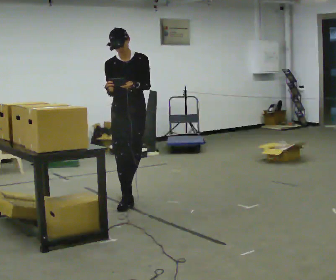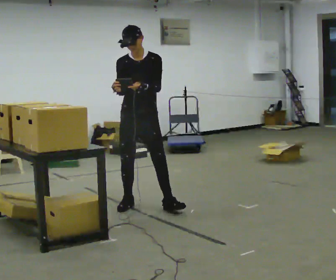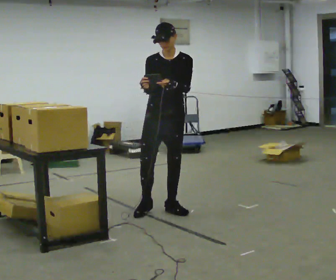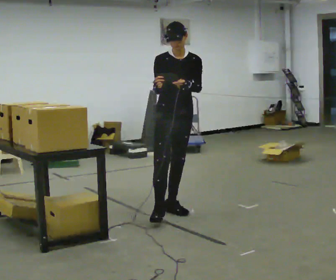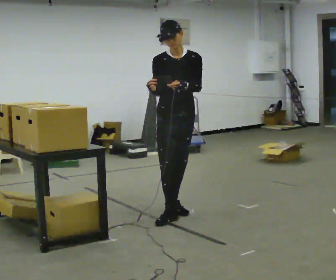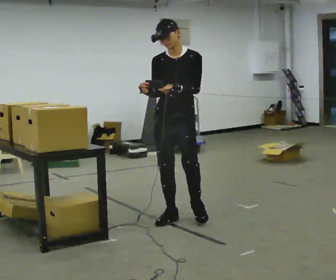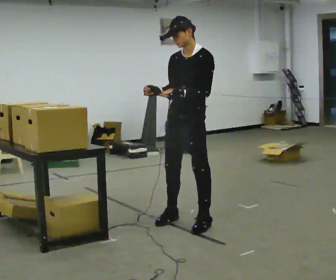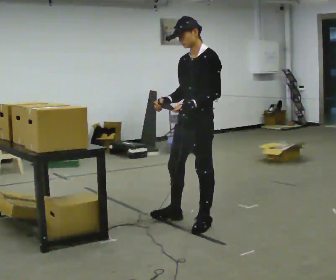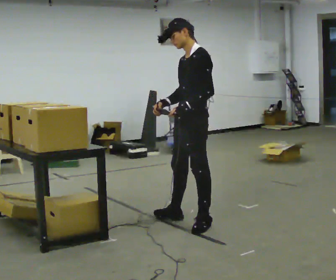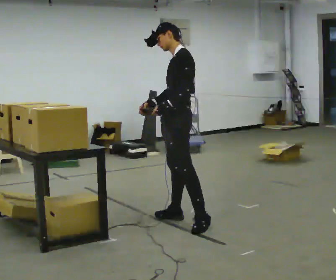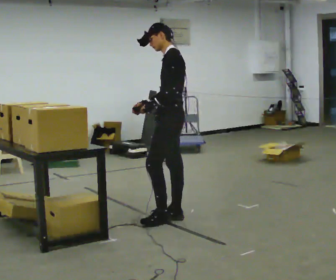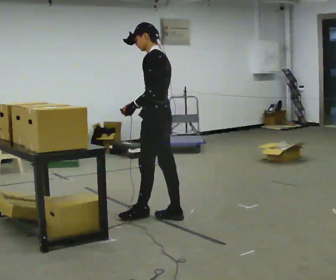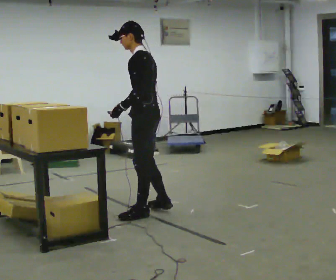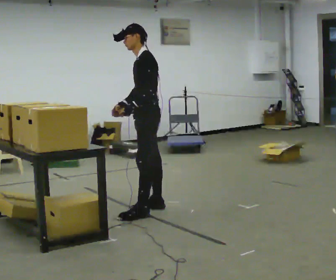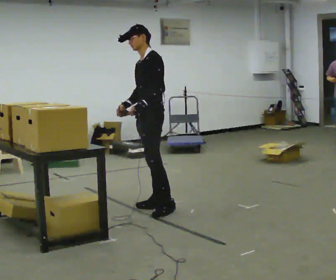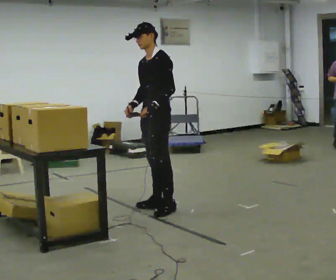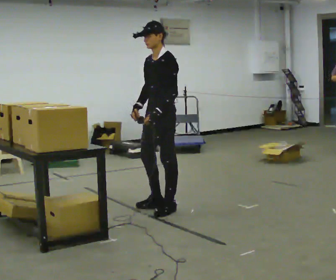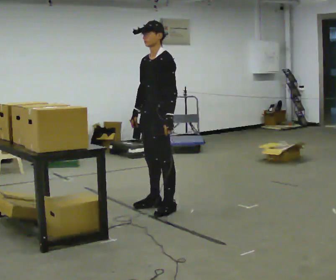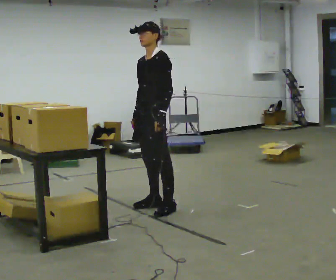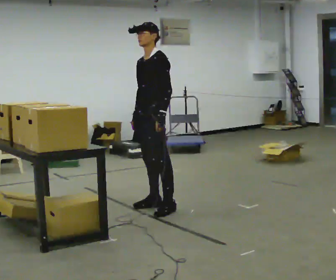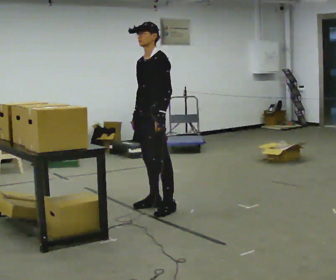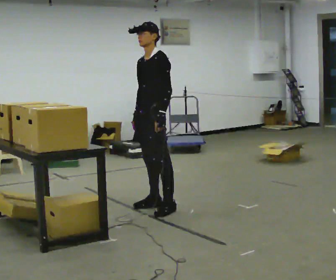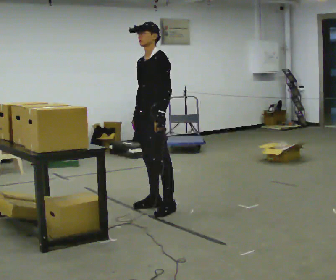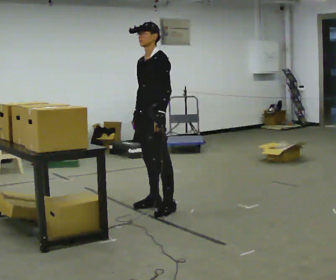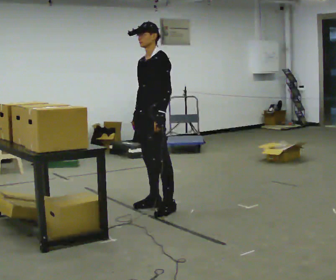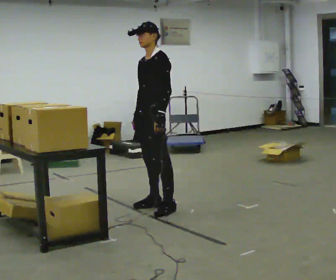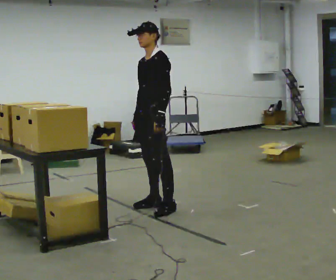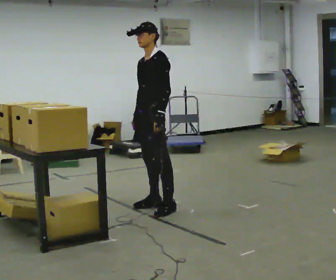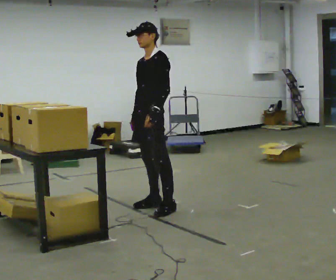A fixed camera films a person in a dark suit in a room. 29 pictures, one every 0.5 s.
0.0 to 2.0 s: In the picture they go toward the camera and to the right, about 0.75 m in 2 steps, which for them is forward and to their left.
2.0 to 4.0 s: Seen from above the body turns clockwise, about 90 degrees: to their right, with its near side sliding to the left. In the picture they go toward the camera and to the right, about 0.5 m in 1 step.
4.0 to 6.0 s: The part of the body nearest the lens slides to the left as the person turns to their right by about 30 degrees. In the picture they go to the left and away from the camera, about 0.5 m in 1 step, which for them is forward and to their right.
6.0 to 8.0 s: The person turns about 45 degrees to their left, counterclockwise seen from above, so the part of the body nearest the lens slides to the right. In the picture they go away from the camera and to the right, about 0.25 m in 2 steps, which for them is backward. In the picture their left hand goes to the right.
8.0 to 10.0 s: The person moves a little, or ends about where they began.
10.0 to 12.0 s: The person keeps their place and pose.
12.0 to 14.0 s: The person moves a little, or ends about where they began.
The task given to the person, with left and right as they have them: Point the scanner at each label on the shelf in front of you and press the button. Repeat at your own pace until the operator says stop. Keep both feet on the marked spots for the whole take. If you have to step, stop and tell the operator.
The film runs forward here.
